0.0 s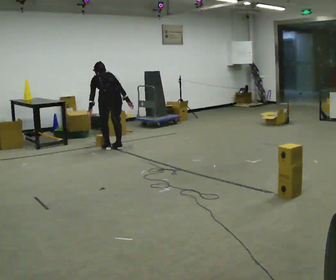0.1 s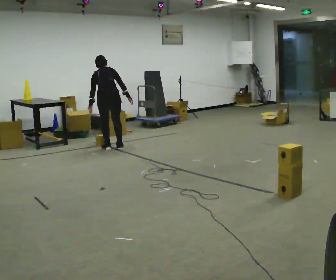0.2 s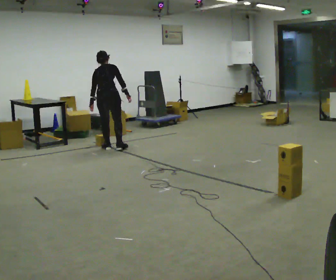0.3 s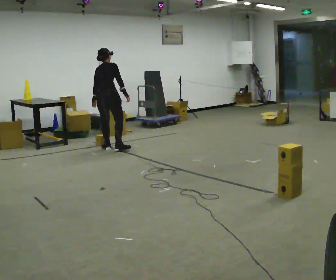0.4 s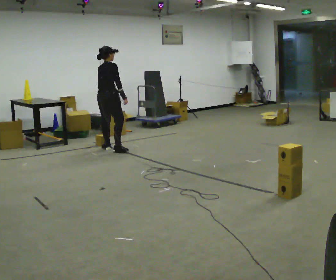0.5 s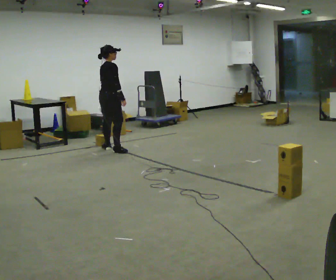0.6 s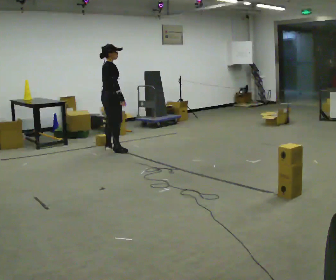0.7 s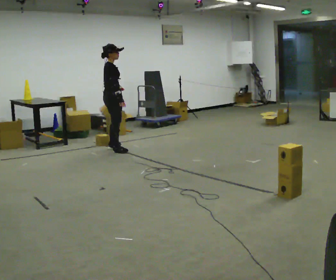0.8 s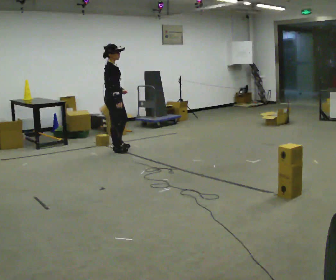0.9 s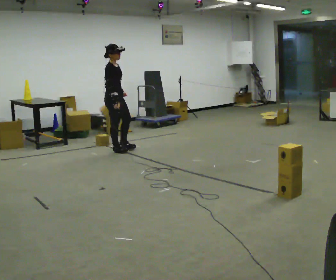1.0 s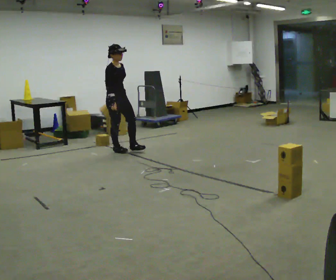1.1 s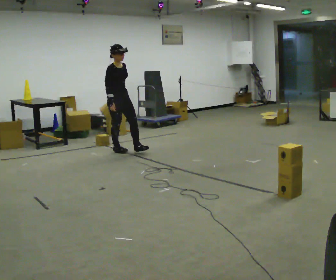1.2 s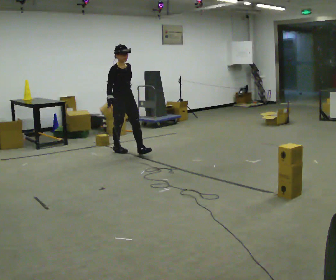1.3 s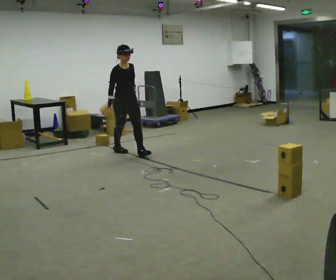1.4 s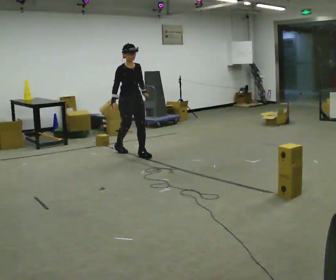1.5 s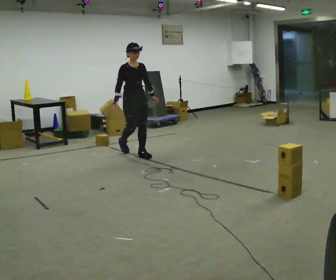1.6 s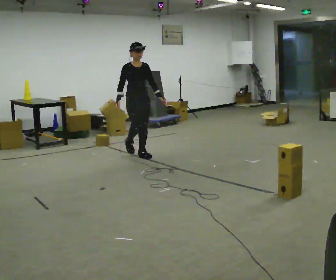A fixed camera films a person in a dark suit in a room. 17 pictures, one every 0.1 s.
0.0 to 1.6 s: The person turns about 165 degrees to their right, clockwise seen from above, so the part of the body nearest the lens slides to the left. In the picture they go toward the camera and to the right, about 0.5 m in 2 steps. The upper body goes upward. The upper body tips toward the camera, its near side rolling downward, as they lean back or straighten.
The film runs forward here.
